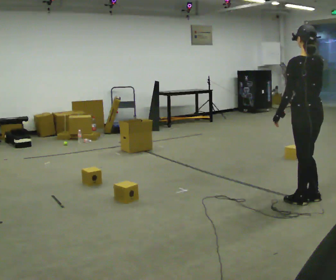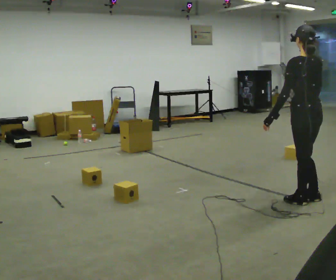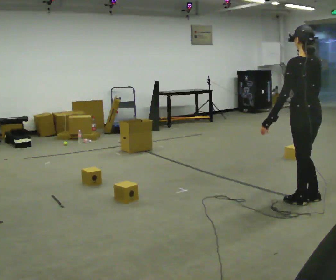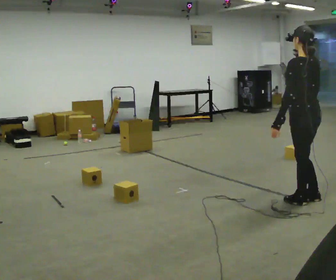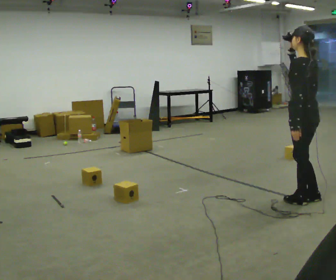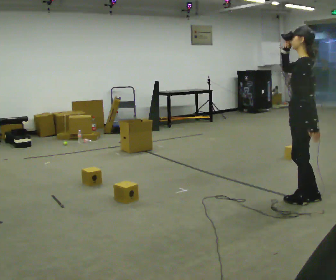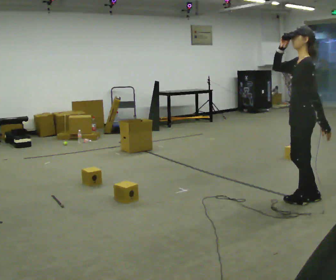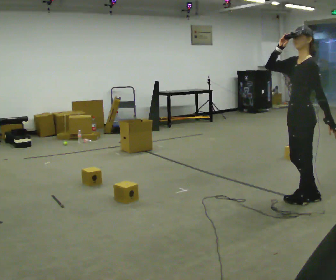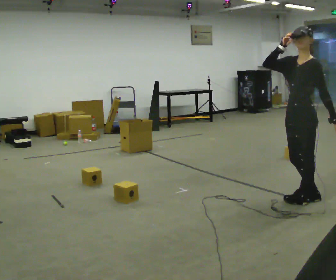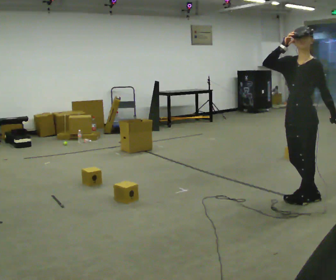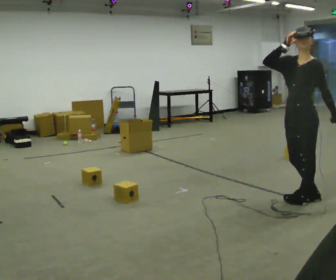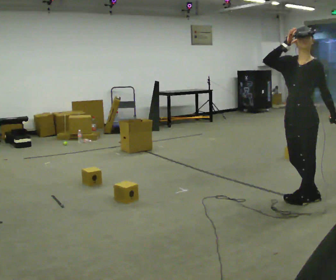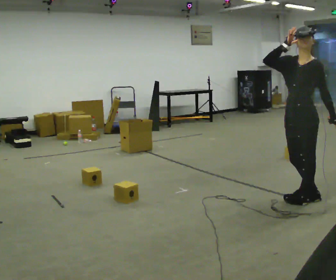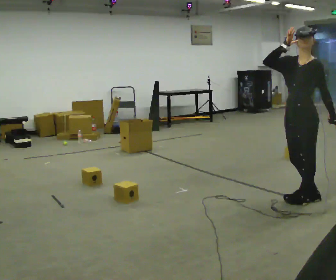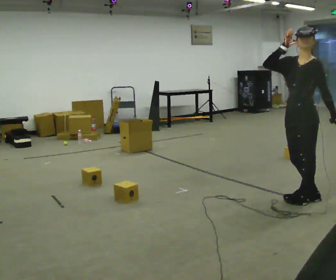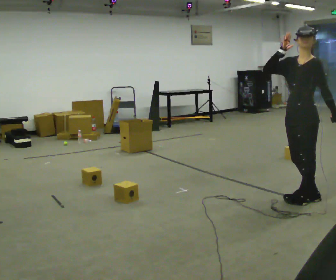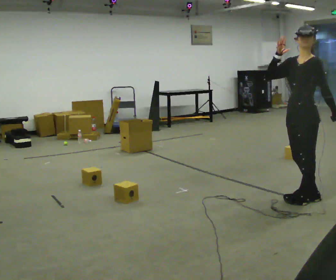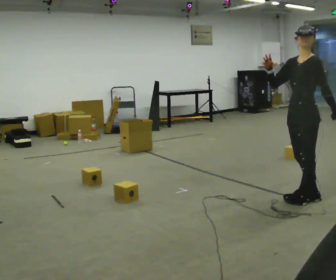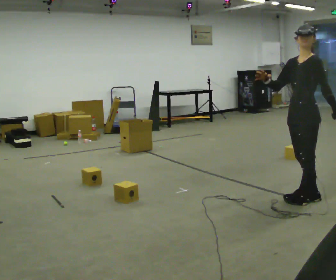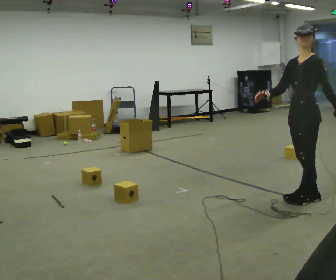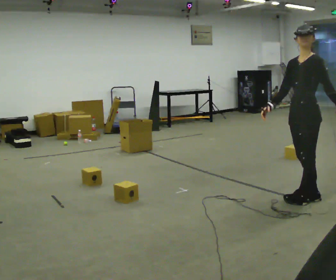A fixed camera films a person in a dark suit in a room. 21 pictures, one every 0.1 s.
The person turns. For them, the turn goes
to their left.
Their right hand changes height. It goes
downward.
0.0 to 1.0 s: The part of the body nearest the lens slides to the right as the person turns to their left by about 90 degrees. In the picture their left hand goes to the right, the arm swinging counterclockwise.
1.0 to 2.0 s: In the picture their right hand goes downward.
The film runs backward here.
